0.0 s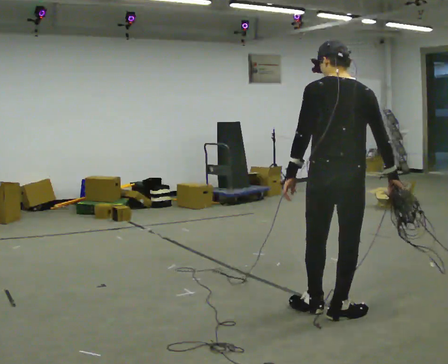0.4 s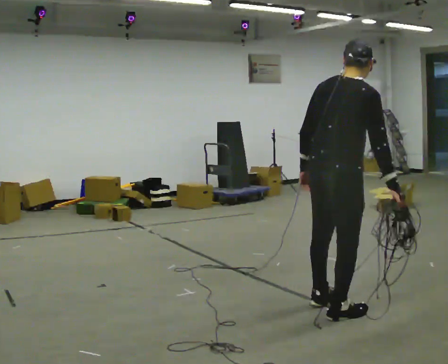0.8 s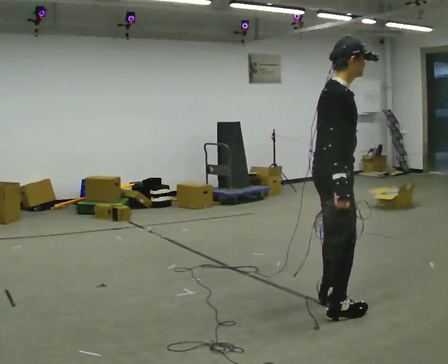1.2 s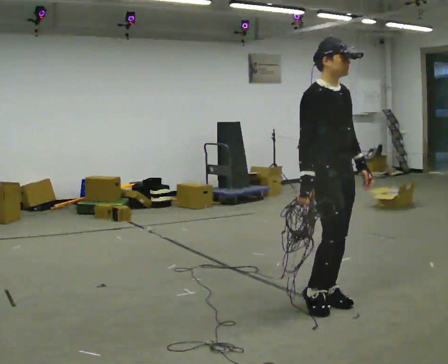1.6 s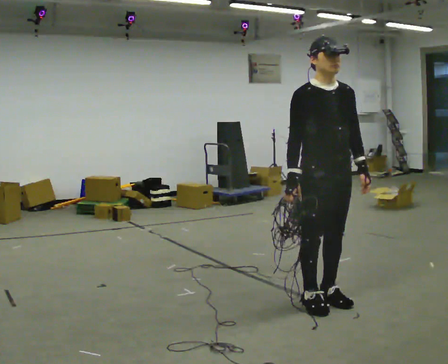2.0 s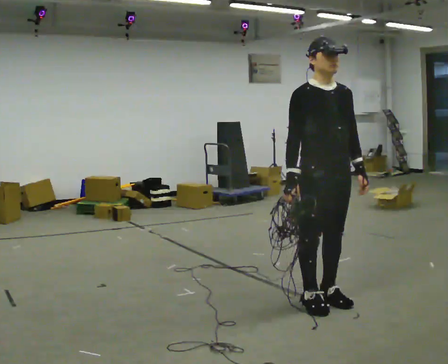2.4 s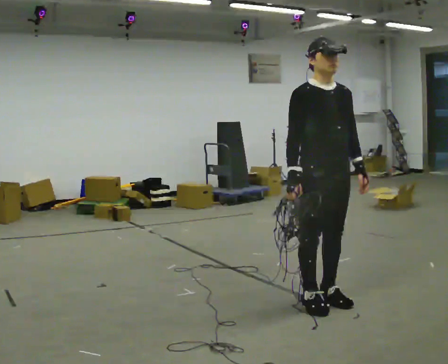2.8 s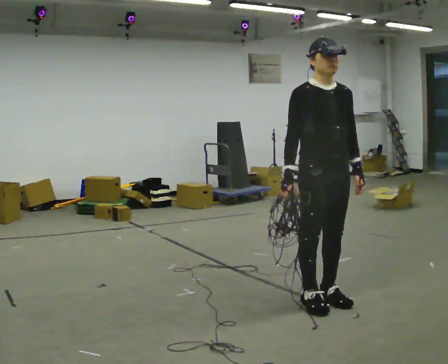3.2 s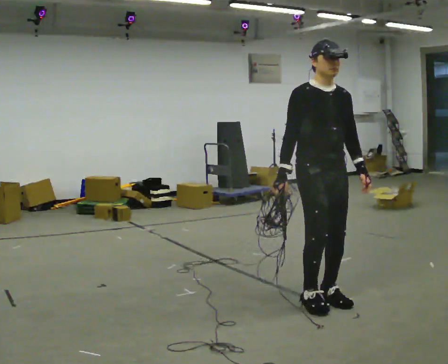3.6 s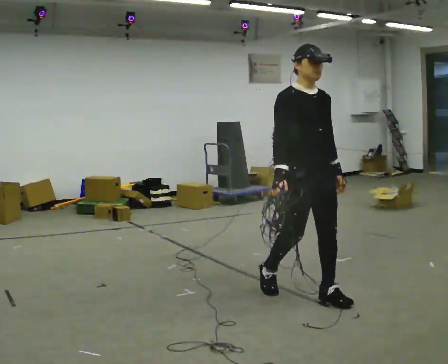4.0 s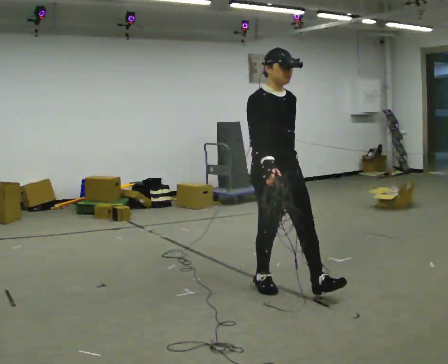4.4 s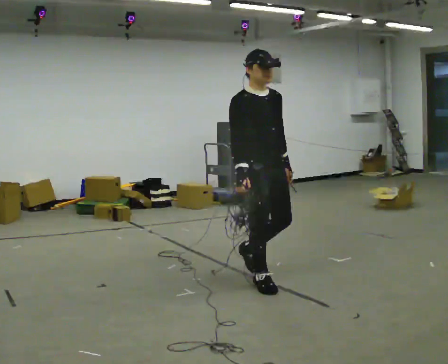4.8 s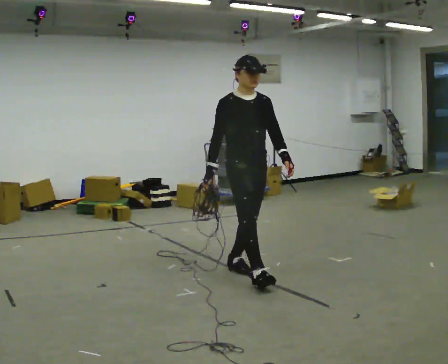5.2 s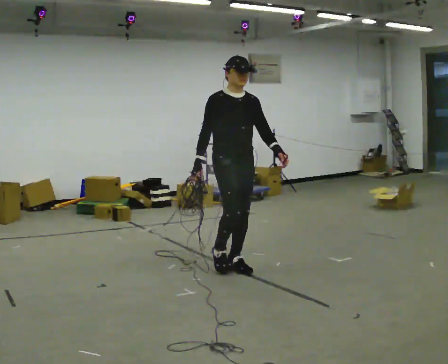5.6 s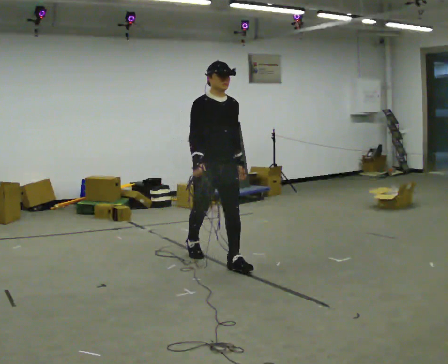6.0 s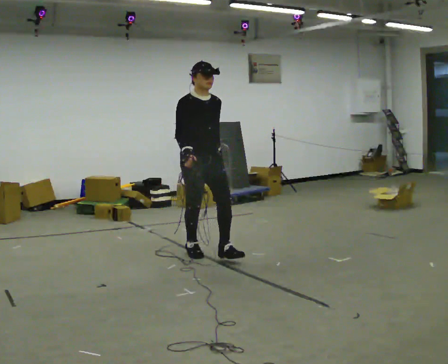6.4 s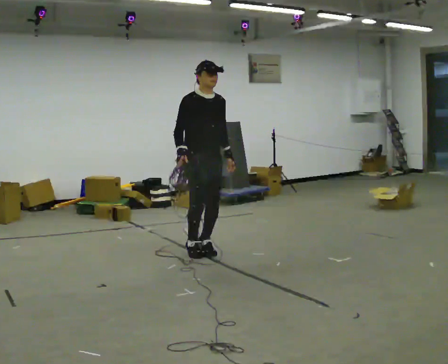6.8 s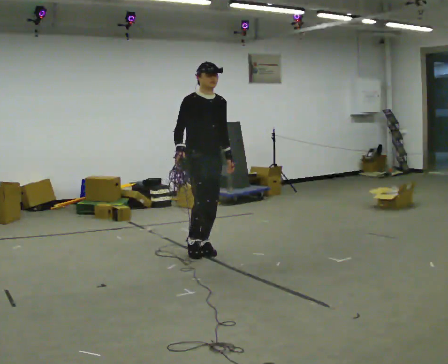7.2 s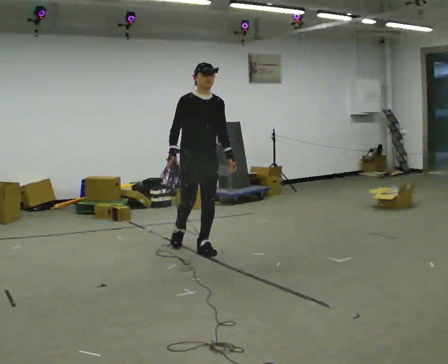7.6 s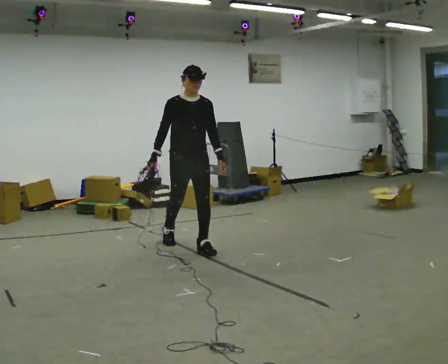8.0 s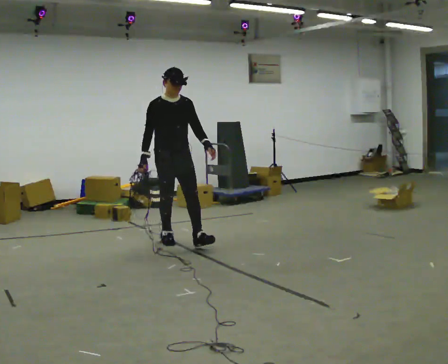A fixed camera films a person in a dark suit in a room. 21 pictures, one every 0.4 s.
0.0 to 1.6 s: Seen from above the body turns clockwise, about 150 degrees: to their right, with its near side sliding to the left. In the picture they go away from the camera, about 0.25 m in 2 steps. In the picture their left hand goes to the right, the arm swinging counterclockwise.
1.6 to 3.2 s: The person moves a little, or ends about where they began.
3.2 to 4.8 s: In the picture they go to the left and away from the camera, about 1 m in 2 steps, which for them is backward.
4.8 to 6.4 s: In the picture they go away from the camera and to the left, about 1 m in 2 steps, which for them is backward.
6.4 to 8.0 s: In the picture they go away from the camera and to the left, about 0.5 m in 2 steps, which for them is backward.
The film runs backward here.
